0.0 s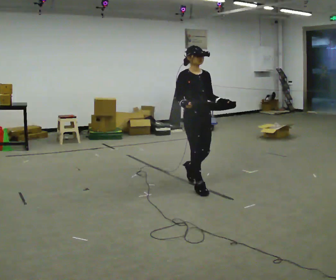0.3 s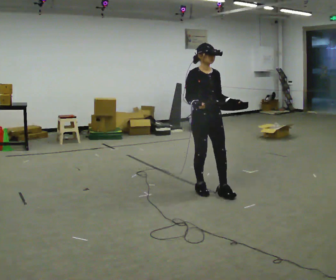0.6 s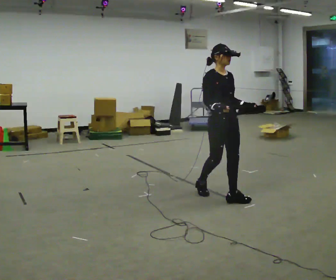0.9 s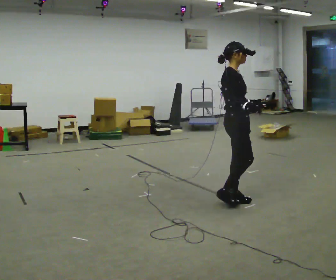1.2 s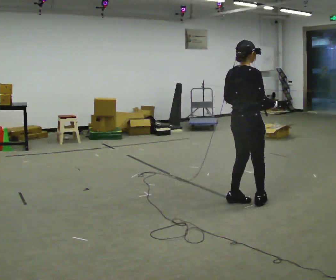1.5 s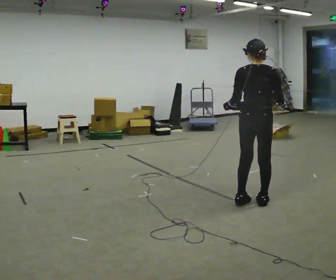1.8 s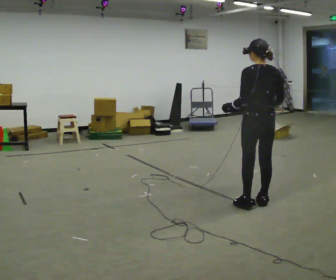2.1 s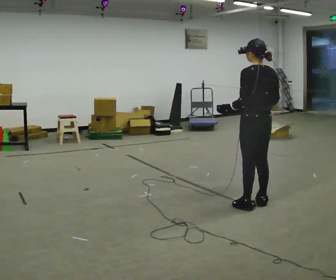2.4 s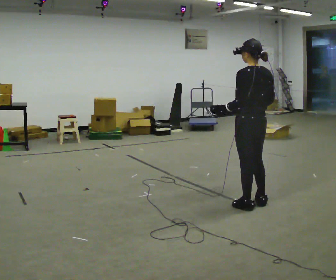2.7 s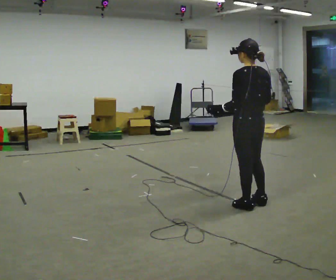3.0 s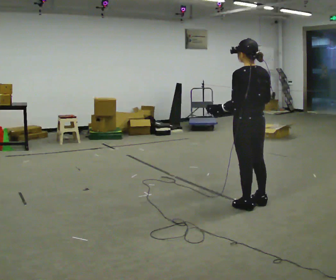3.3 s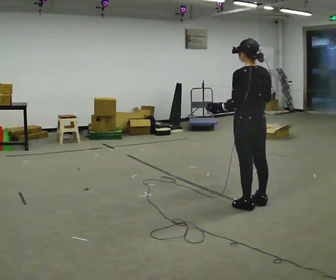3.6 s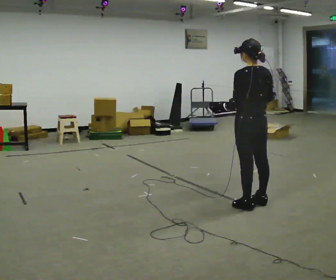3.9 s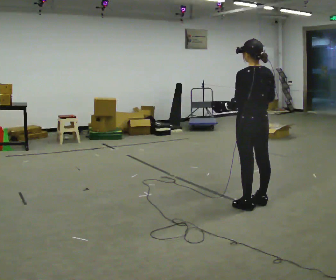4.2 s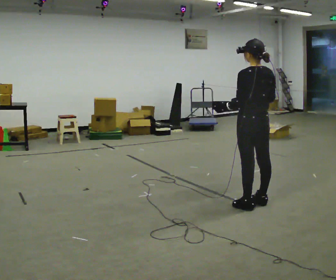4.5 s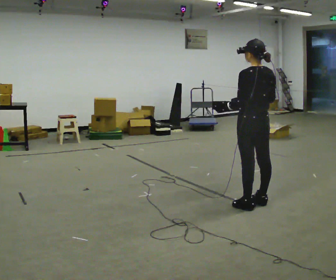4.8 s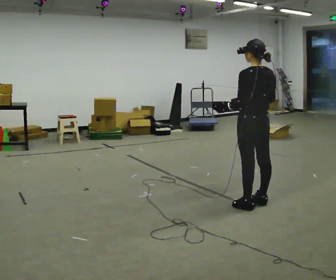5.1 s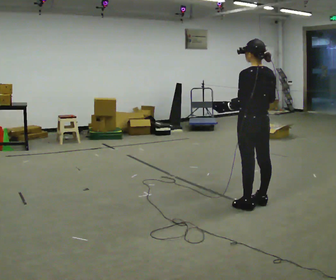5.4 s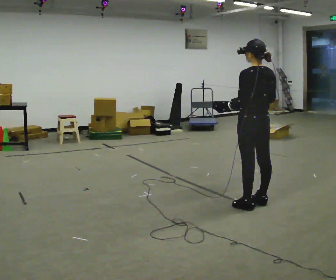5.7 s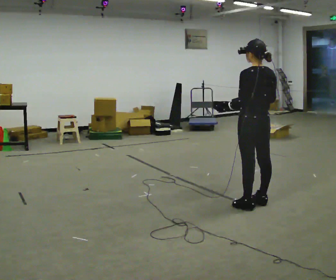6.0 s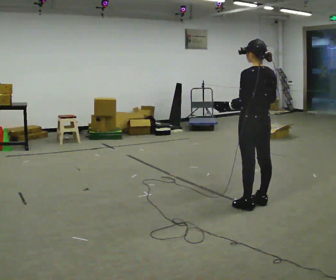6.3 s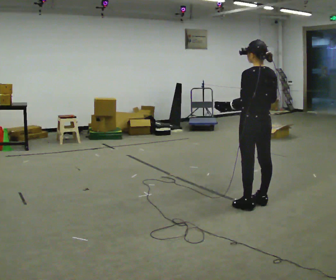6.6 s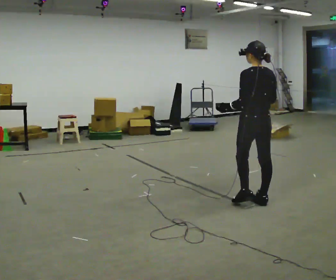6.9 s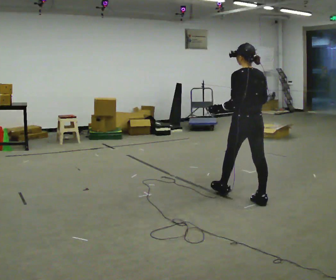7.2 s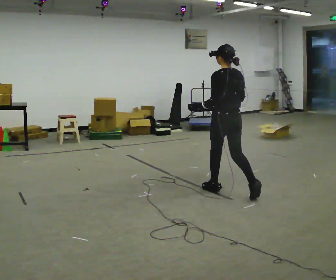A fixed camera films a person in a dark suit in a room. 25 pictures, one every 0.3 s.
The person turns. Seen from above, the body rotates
counterclockwise.
The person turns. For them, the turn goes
to their left.
0.0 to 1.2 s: The part of the body nearest the lens slides to the right as the person turns to their left by about 105 degrees. In the picture they go to the right and toward the camera, about 0.75 m in 1 step.
1.2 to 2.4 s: Seen from above the body turns counterclockwise, about 75 degrees: to their left, with its near side sliding to the right.
2.4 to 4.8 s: The person moves a little, or ends about where they began.
4.8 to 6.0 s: The person keeps their place and pose.
6.0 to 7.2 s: In the picture they go to the left and away from the camera, about 0.5 m in 1 step, which for them is forward.
The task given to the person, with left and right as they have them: Carry the box with its lid hanging open across the room, back and forth.
The film runs forward here.
